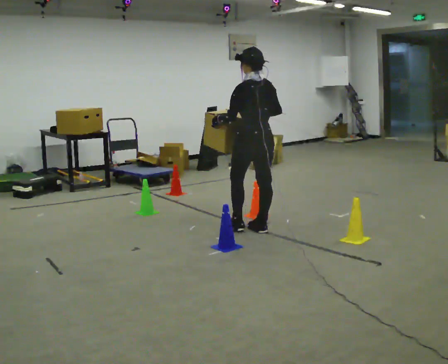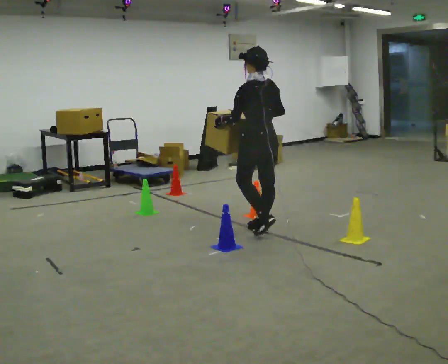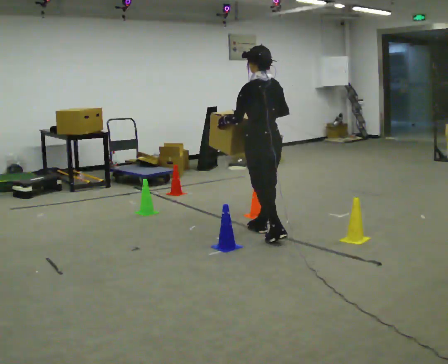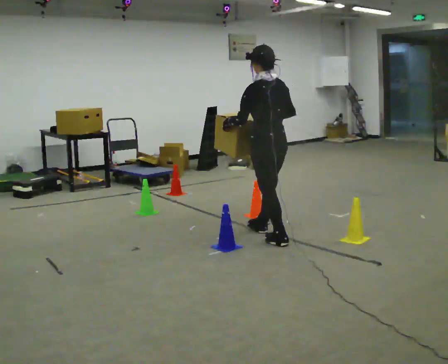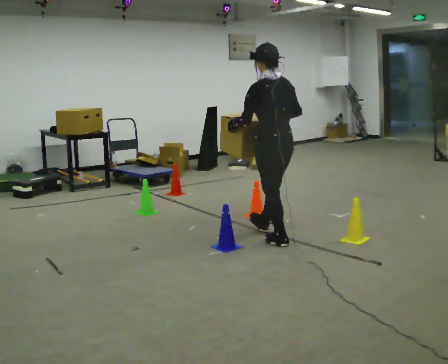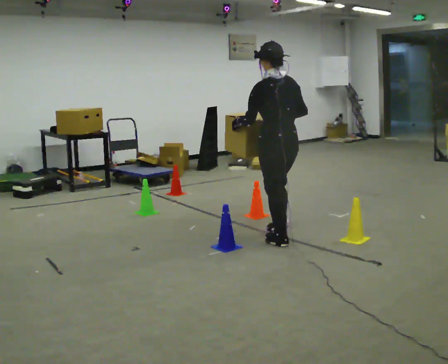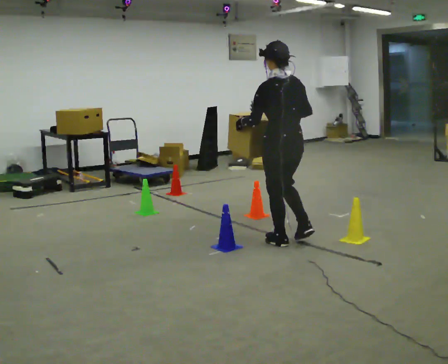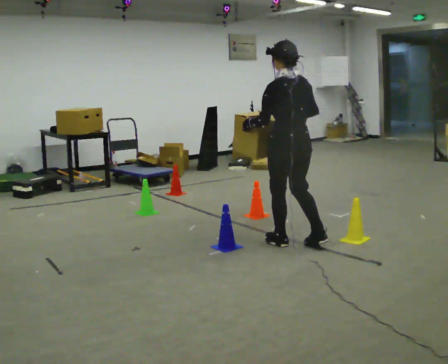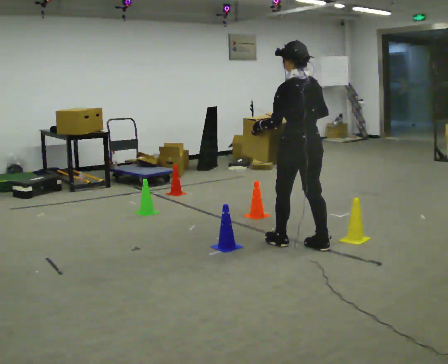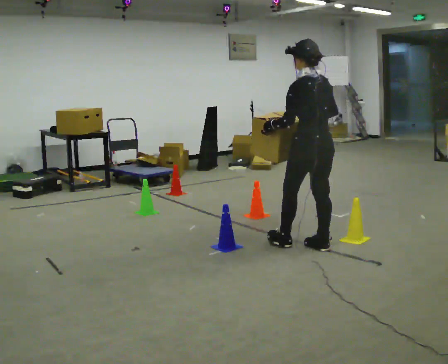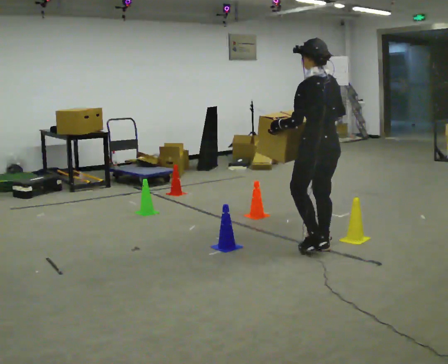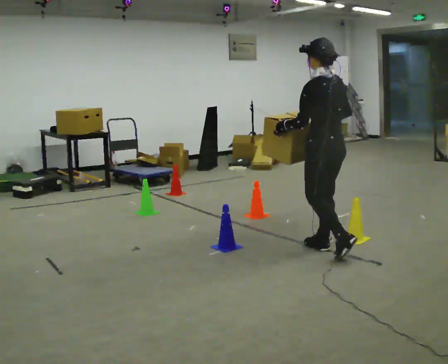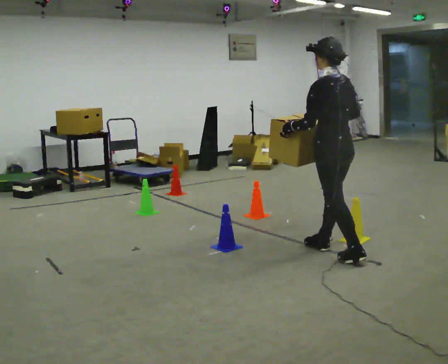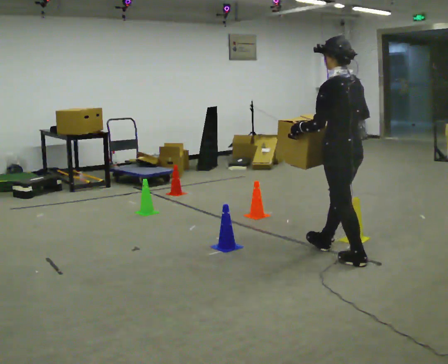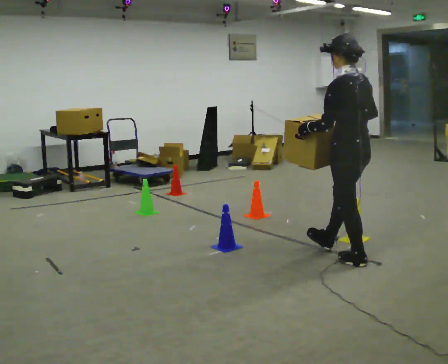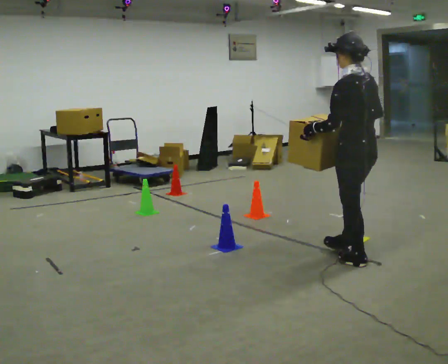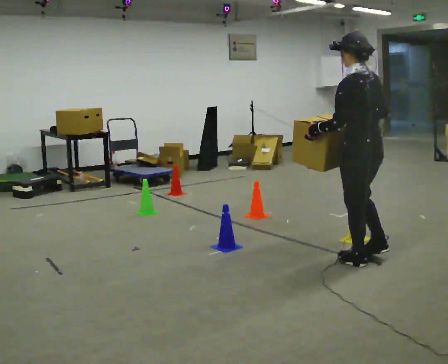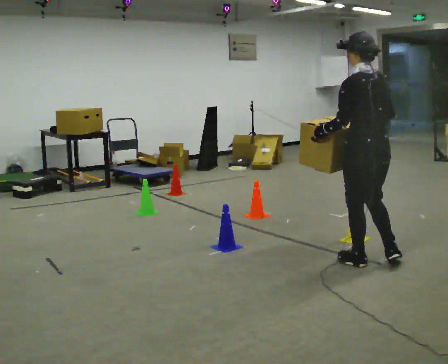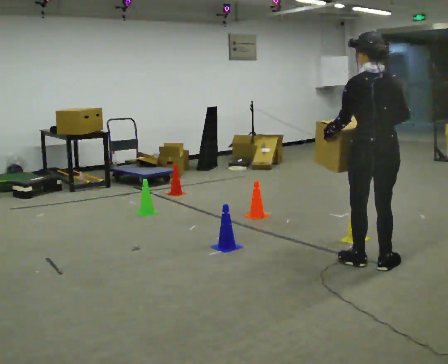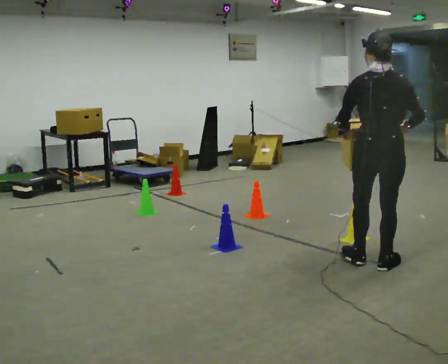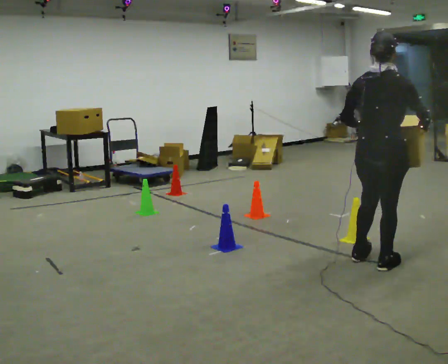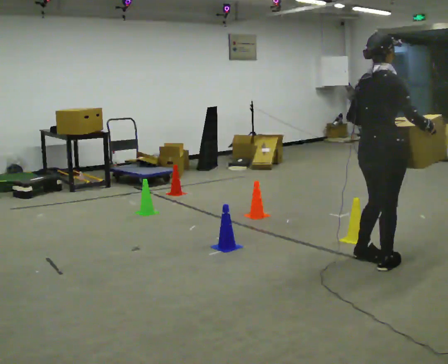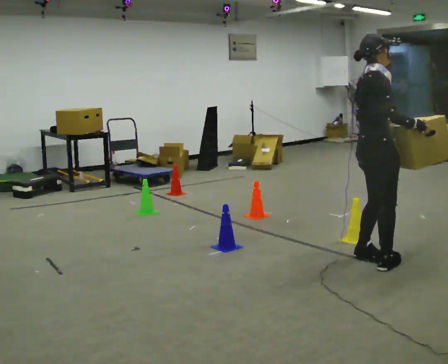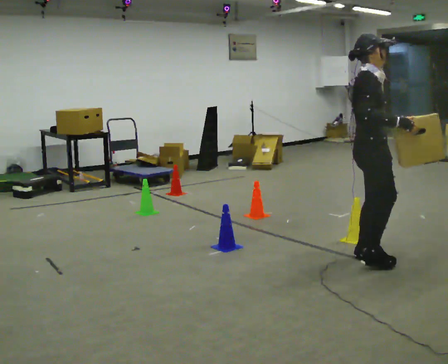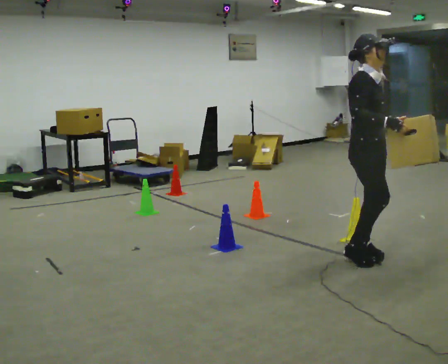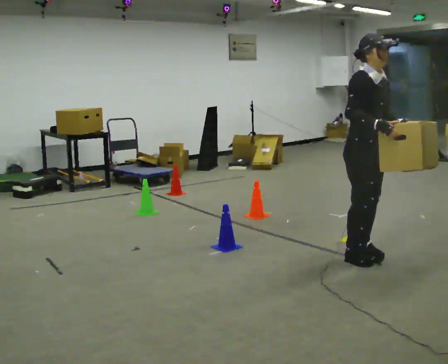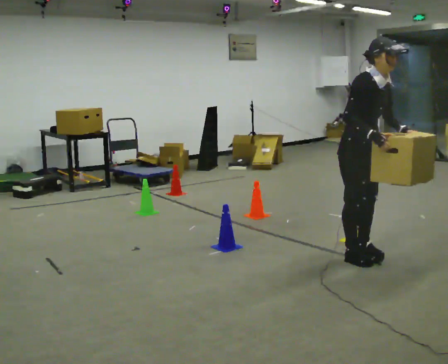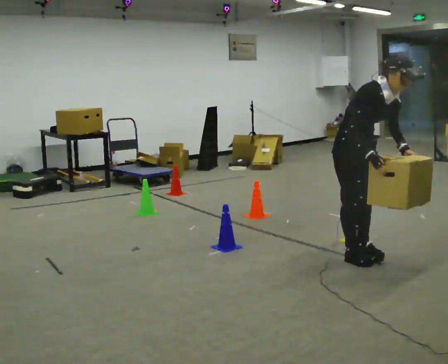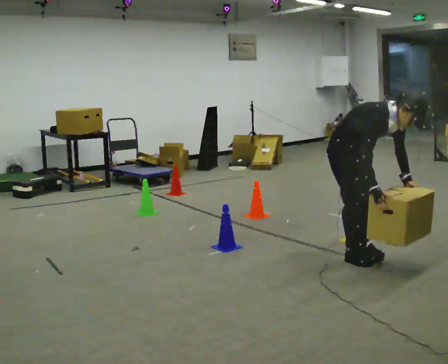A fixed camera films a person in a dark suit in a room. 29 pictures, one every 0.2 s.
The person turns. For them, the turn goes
to their right.
The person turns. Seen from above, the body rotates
clockwise.
0.0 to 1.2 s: In the picture they go toward the camera and to the right, about 0.5 m in 1 step, which for them is backward.
1.2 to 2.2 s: In the picture they go to the right and toward the camera, about 0.25 m in 1 step, which for them is backward.
2.2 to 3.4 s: In the picture they go toward the camera and to the right, about 0.5 m in 1 step, which for them is backward.
3.4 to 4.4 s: The person turns about 120 degrees to their right, clockwise seen from above, so the part of the body nearest the lens slides to the left. In the picture their right hand goes to the right.
4.4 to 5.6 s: Seen from above the body turns clockwise, about 60 degrees: to their right, with its near side sliding to the left. In the picture they go to the left and away from the camera, about 0.25 m in 1 step, which for them is backward. The shoulders move downward. In the picture the upper body tilts clockwise, shoulders to the right, as they bend forward. In the picture their right hand goes downward.
The film runs backward here.
